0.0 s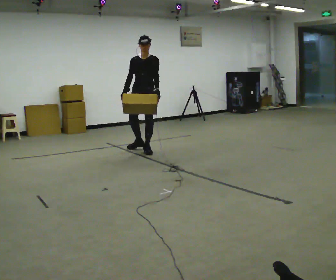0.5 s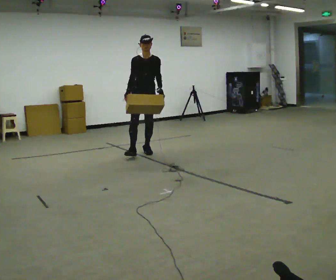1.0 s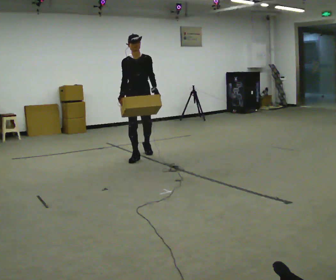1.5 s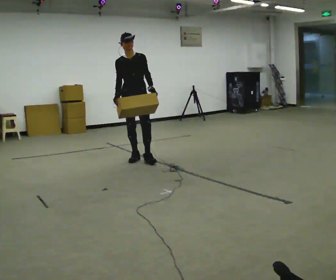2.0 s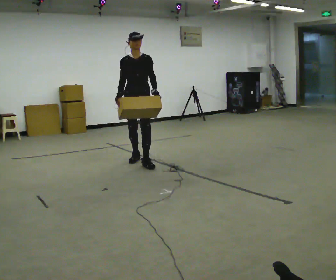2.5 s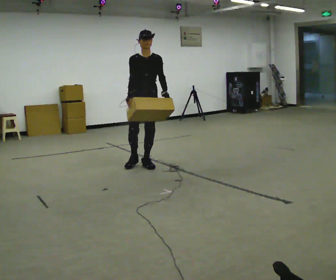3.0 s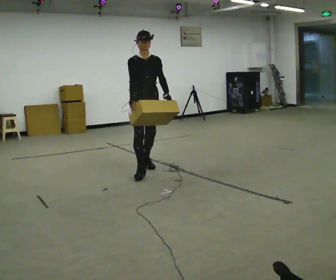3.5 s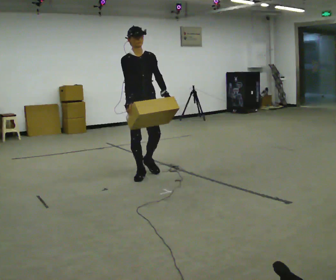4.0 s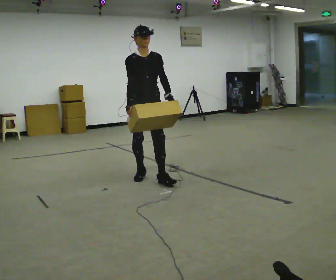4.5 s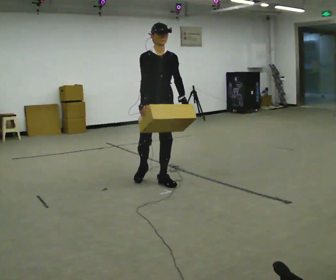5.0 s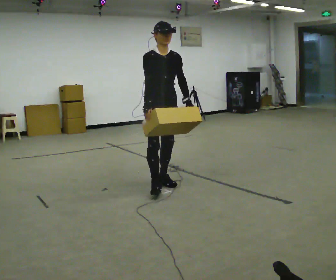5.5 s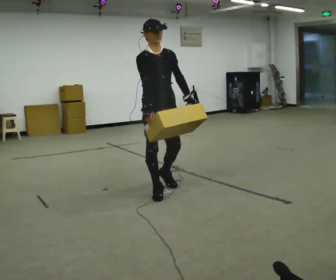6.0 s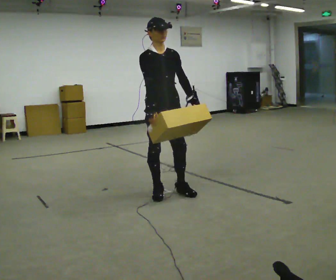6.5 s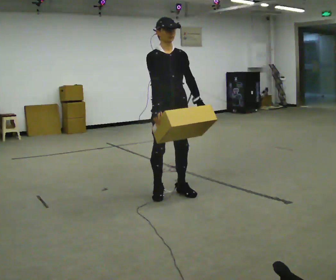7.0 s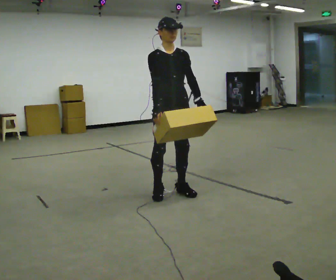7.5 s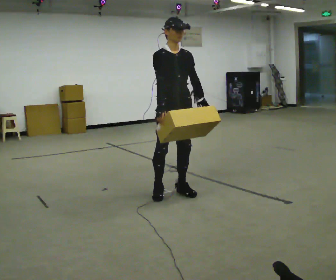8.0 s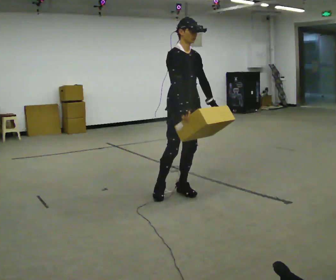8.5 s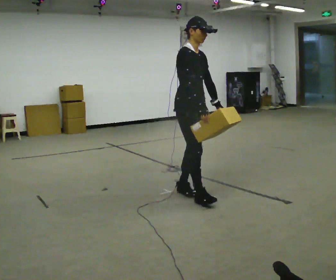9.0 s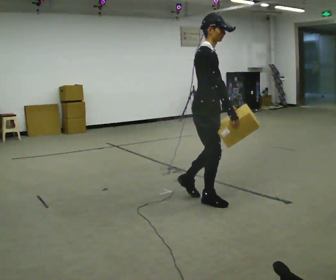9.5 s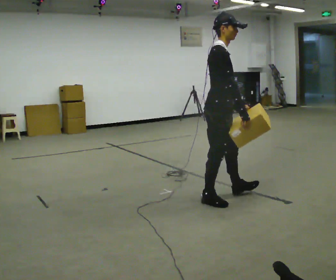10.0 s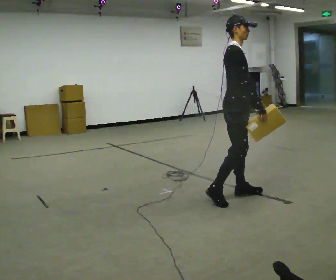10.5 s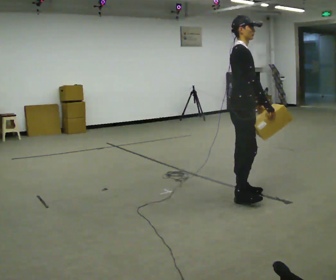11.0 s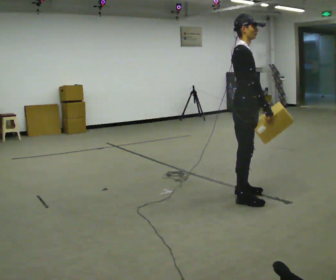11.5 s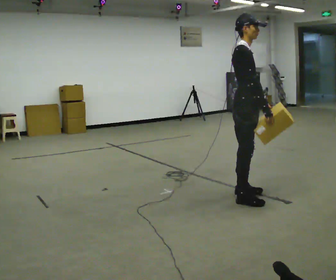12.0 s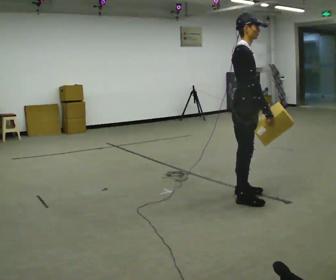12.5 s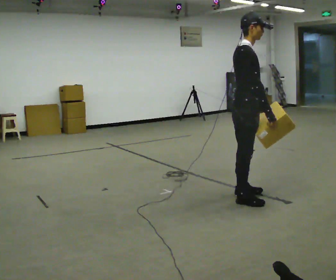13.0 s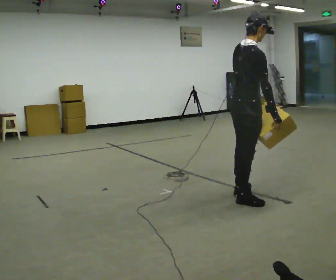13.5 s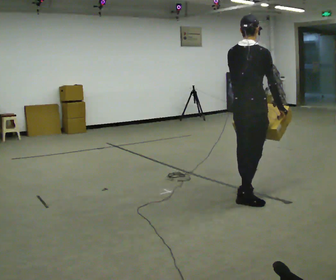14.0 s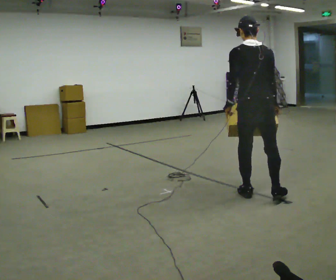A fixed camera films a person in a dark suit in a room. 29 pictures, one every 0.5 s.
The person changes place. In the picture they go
toward the camera.
0.0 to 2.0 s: In the picture they go toward the camera, about 0.5 m in 2 steps, which for them is forward.
2.0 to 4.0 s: In the picture they go toward the camera, about 1 m in 2 steps, which for them is forward.
4.0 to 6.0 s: In the picture they go toward the camera, about 0.5 m in 2 steps, which for them is forward.
6.0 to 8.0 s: In the picture they go to the right, about 0.25 m, which for them is to their left.
8.0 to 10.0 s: The part of the body nearest the lens slides to the right as the person turns to their left by about 30 degrees. In the picture they go to the right, about 0.5 m in 2 steps, which for them is forward.
10.0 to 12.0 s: The person moves a little, or ends about where they began.
12.0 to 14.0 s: The part of the body nearest the lens slides to the right as the person turns to their left by about 105 degrees. In the picture they go to the right, about 0.25 m.
The film runs forward here.
